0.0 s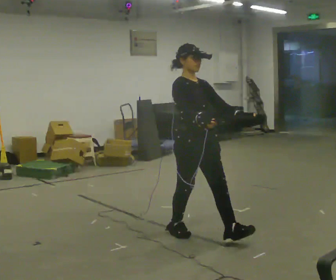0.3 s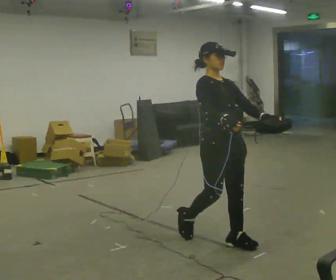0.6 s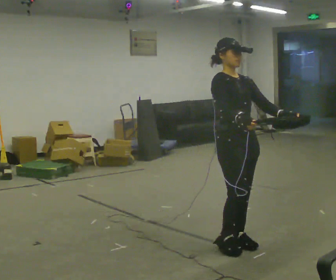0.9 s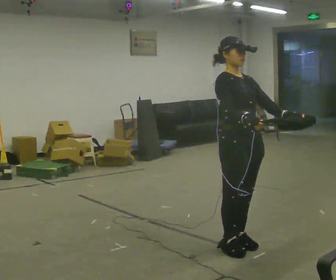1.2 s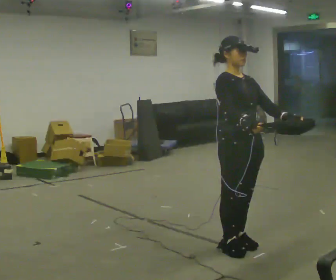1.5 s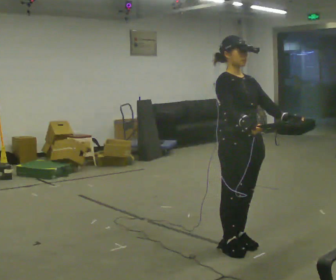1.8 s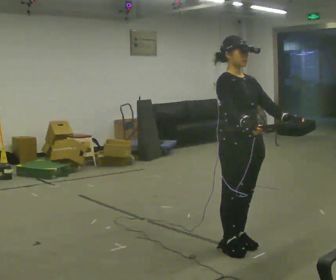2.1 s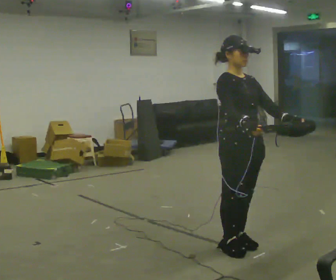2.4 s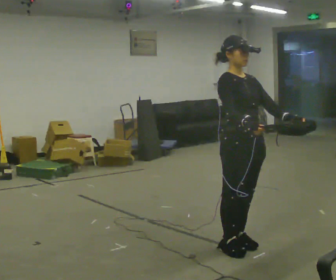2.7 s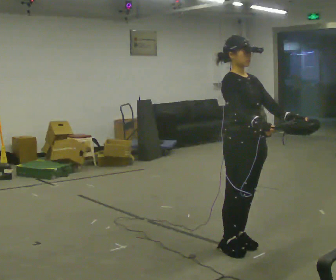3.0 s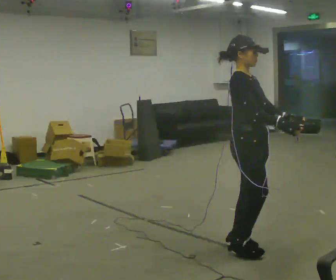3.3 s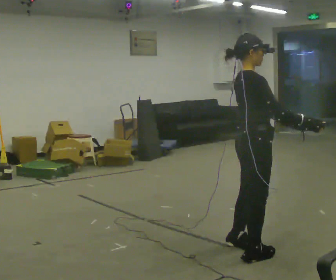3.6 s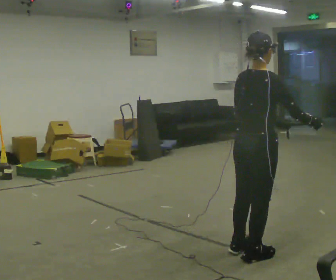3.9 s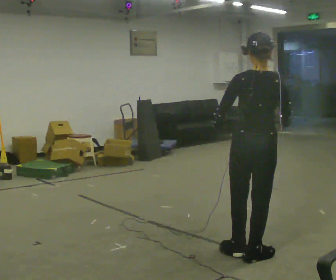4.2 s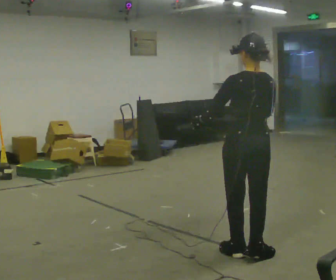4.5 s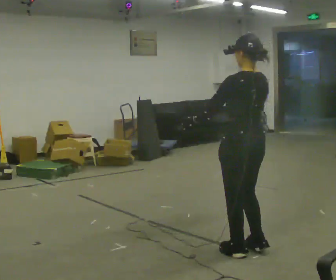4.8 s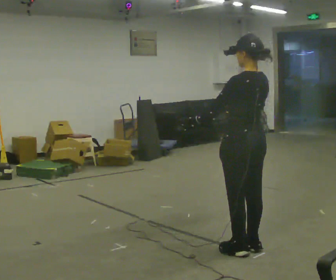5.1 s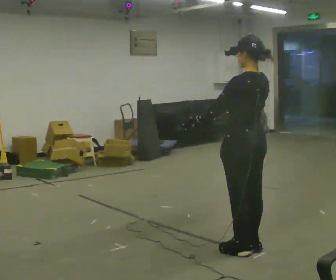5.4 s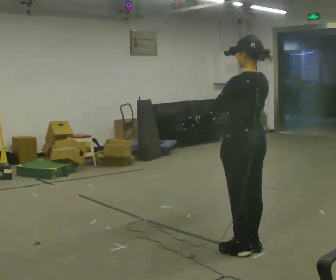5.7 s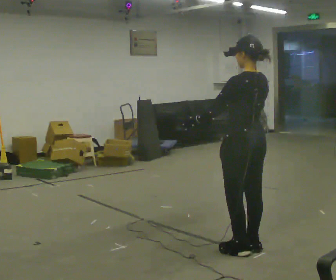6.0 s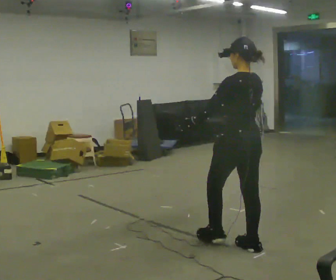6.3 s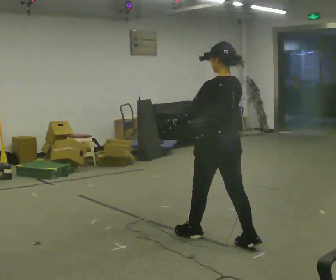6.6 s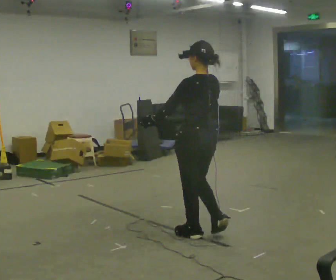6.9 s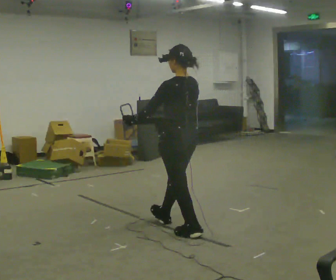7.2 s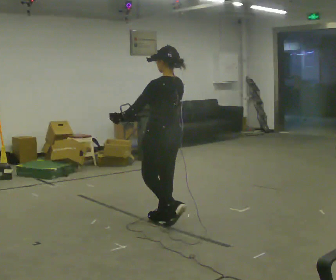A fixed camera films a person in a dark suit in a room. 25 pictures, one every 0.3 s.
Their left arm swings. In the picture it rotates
clockwise.
The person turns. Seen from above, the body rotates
counterclockwise.
0.0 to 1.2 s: In the picture they go to the right and toward the camera, about 0.5 m in 2 steps, which for them is forward.
1.2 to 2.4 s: The person moves a little, or ends about where they began.
2.4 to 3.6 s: Seen from above the body turns counterclockwise, about 105 degrees: to their left, with its near side sliding to the right. In the picture their right hand goes to the right.
3.6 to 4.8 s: The part of the body nearest the lens slides to the right as the person turns to their left by about 75 degrees. In the picture their right hand goes to the left, the arm swinging clockwise.
4.8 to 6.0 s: The person moves a little, or ends about where they began.
6.0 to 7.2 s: In the picture they go to the left and away from the camera, about 1 m in 2 steps, which for them is forward.
The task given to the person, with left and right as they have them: Carry the box with its lid hanging open across the room, back and forth.
The film runs forward here.
